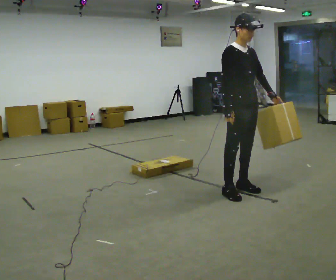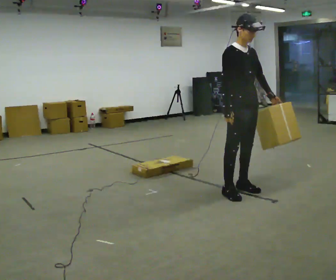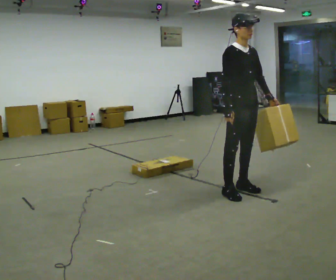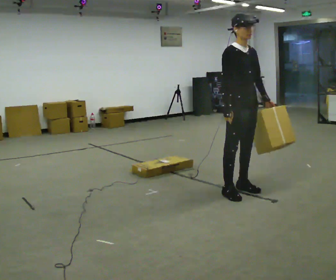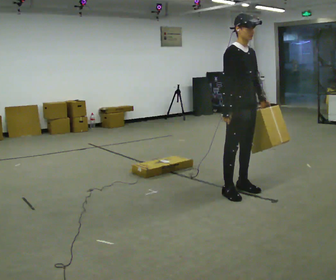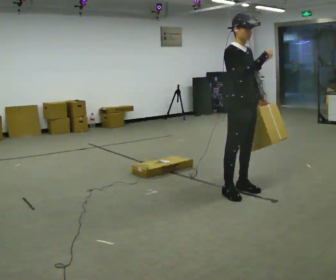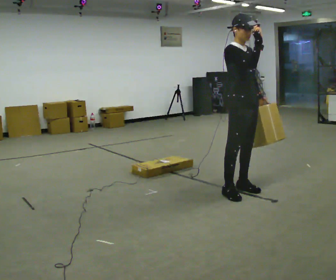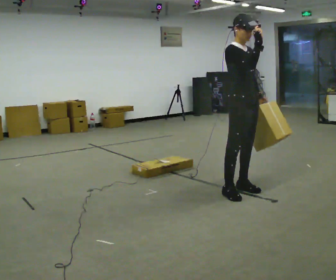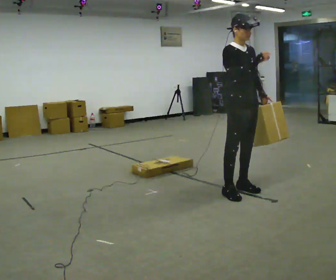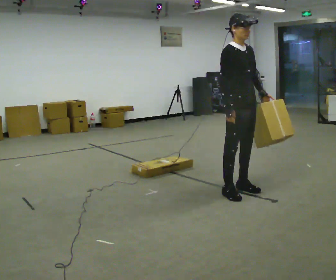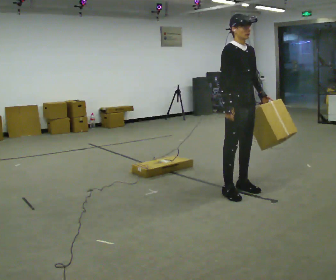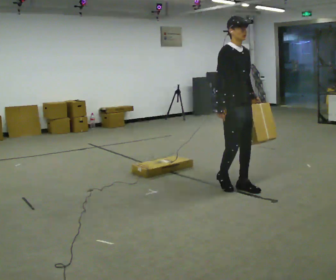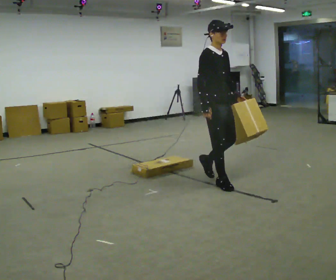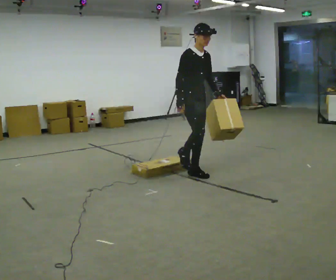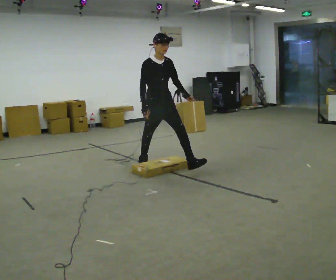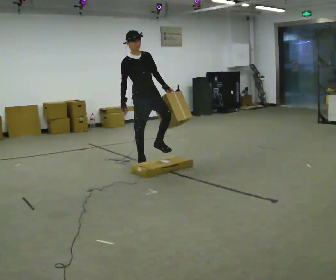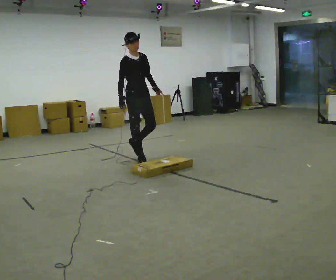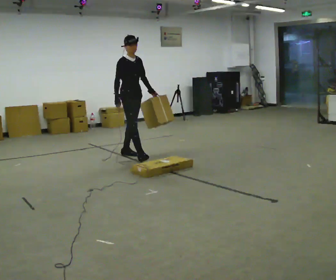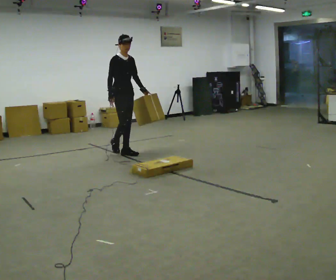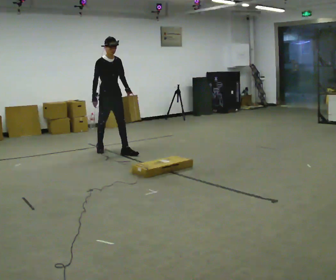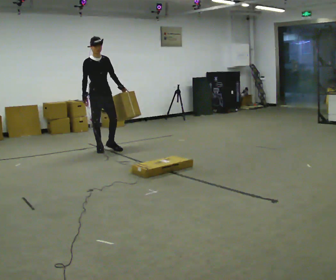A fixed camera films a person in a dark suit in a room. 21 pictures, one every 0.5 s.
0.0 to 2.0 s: The person moves a little, or ends about where they began.
2.0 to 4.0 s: In the picture their right hand goes upward.
4.0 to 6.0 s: In the picture they go to the left and away from the camera, about 0.5 m in 2 steps, which for them is backward. In the picture their right hand goes downward.
6.0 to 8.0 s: In the picture they go to the left and away from the camera, about 1.5 m in 2 steps, which for them is backward.
8.0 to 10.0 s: In the picture they go to the left and away from the camera, about 1 m in 2 steps, which for them is backward.
The film runs backward here.
